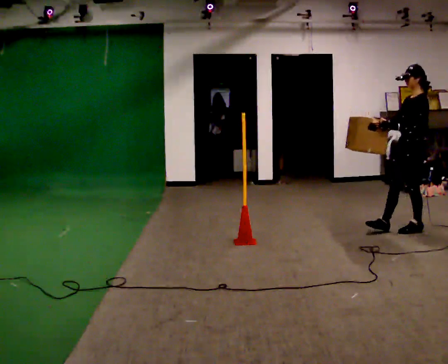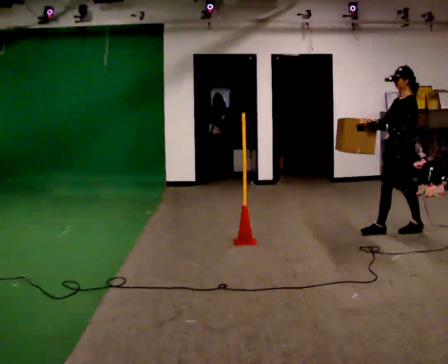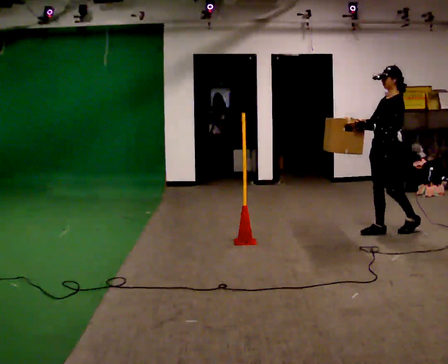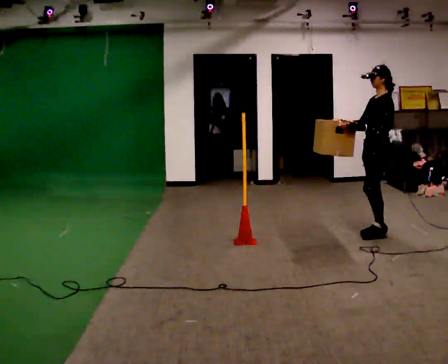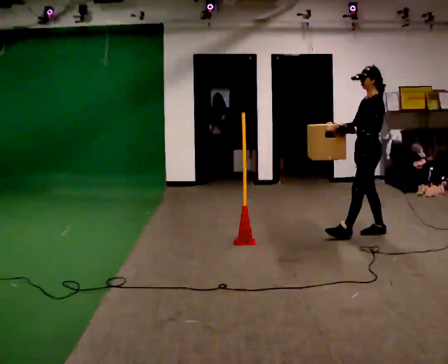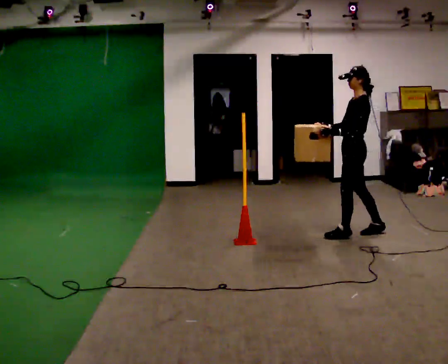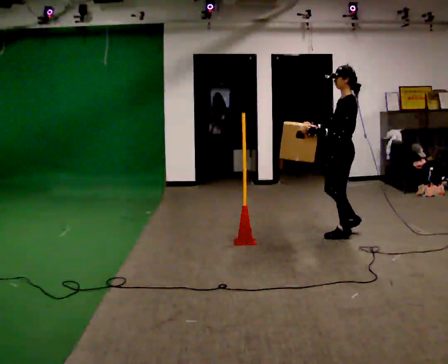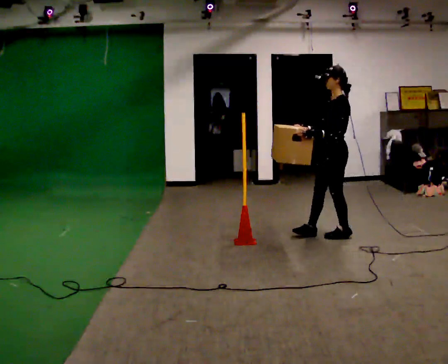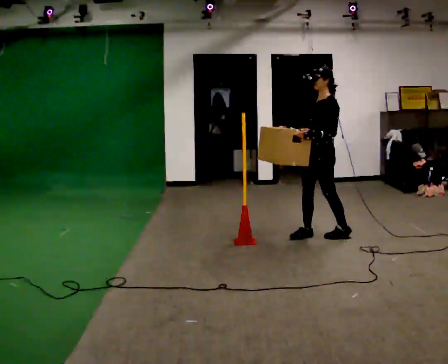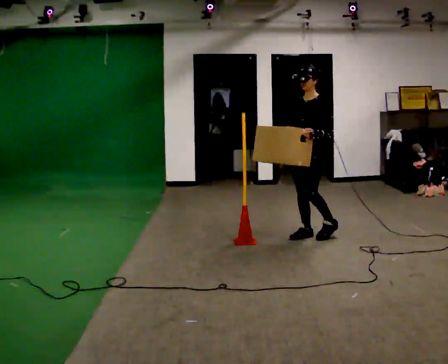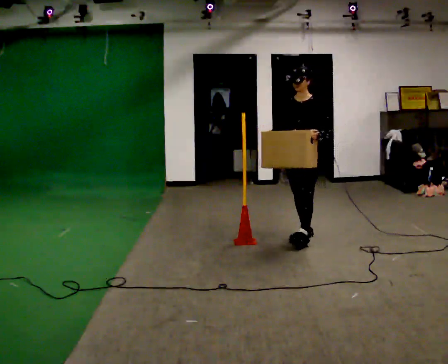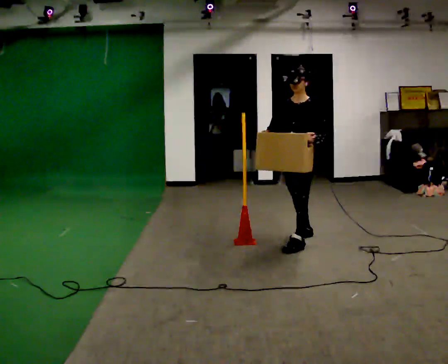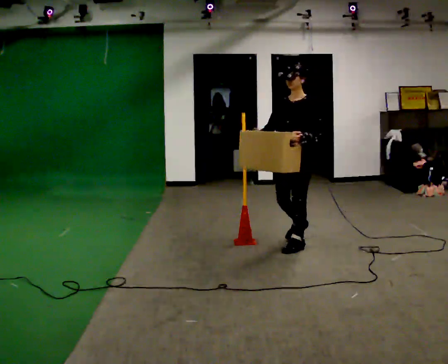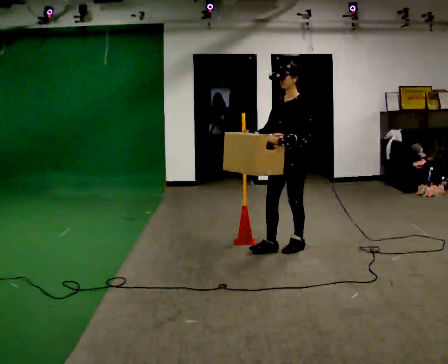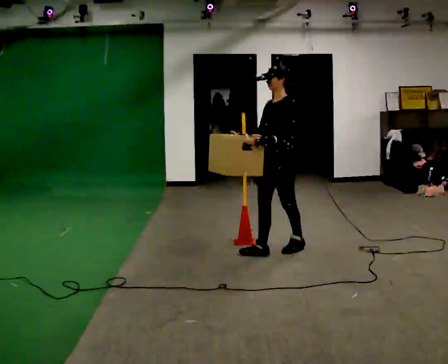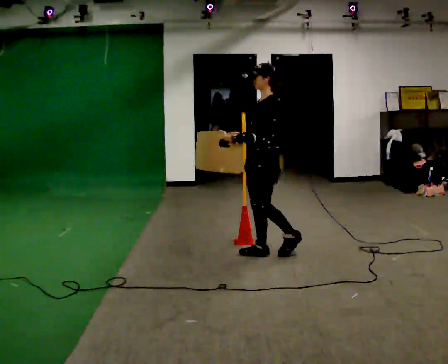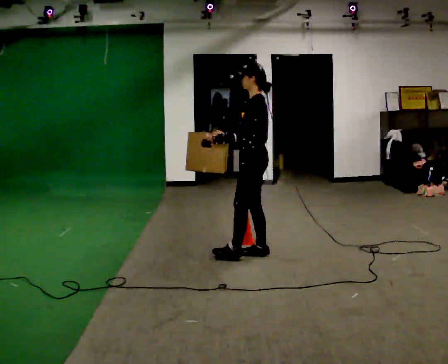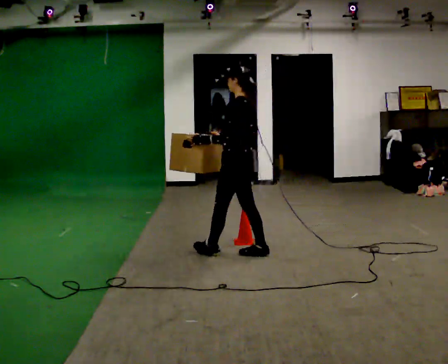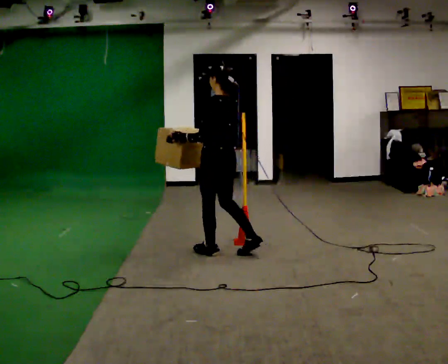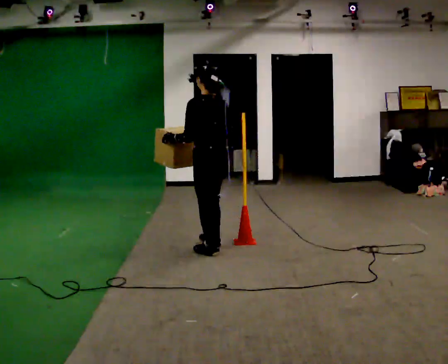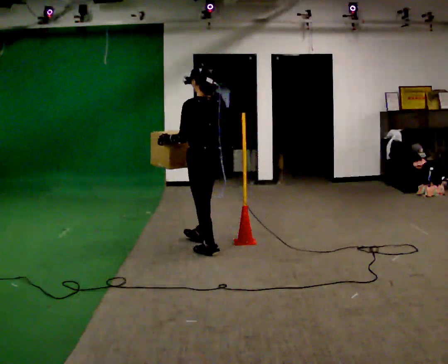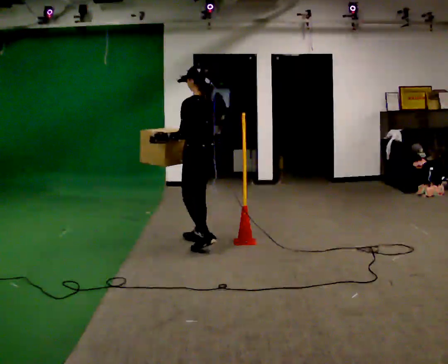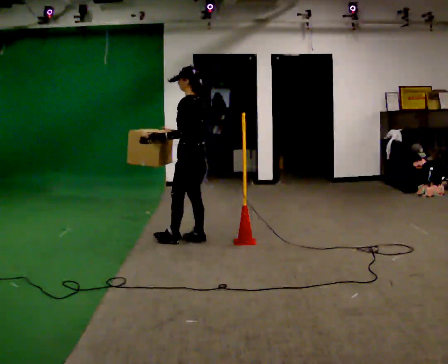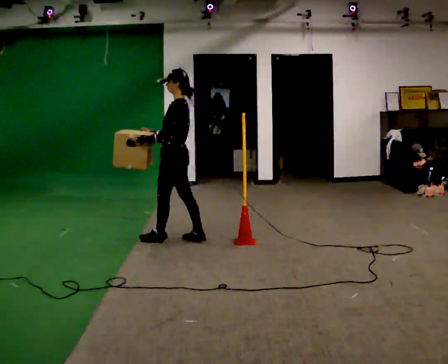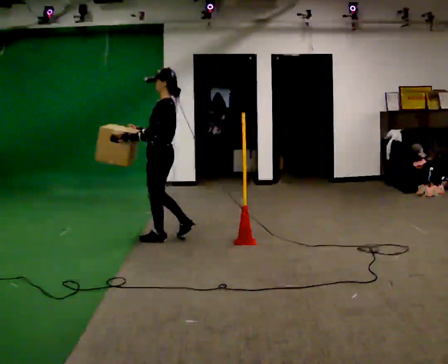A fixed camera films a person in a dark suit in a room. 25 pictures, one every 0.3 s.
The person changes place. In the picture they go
to the left.
0.0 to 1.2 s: In the picture they go to the left, about 0.5 m in 2 steps, which for them is forward.
1.2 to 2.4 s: In the picture they go to the left, about 0.5 m in 1 step, which for them is forward.
2.4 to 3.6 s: In the picture they go toward the camera and to the left, about 0.5 m in 1 step, which for them is forward.
3.6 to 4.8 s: The part of the body nearest the lens slides to the left as the person turns to their right by about 45 degrees. In the picture they go to the left and toward the camera, about 0.5 m in 1 step, which for them is forward.
4.8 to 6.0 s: The person turns about 45 degrees to their right, clockwise seen from above, so the part of the body nearest the lens slides to the left. In the picture they go to the left, about 0.5 m in 2 steps, which for them is forward and to their left.
6.0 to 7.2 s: The person turns about 30 degrees to their left, counterclockwise seen from above, so the part of the body nearest the lens slides to the right. In the picture they go to the left and away from the camera, about 0.5 m in 1 step, which for them is forward.
The film runs forward here.
